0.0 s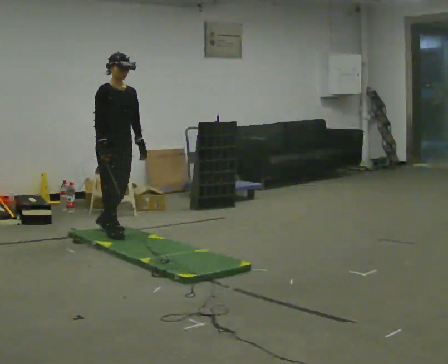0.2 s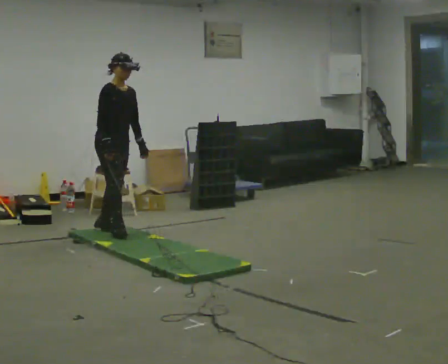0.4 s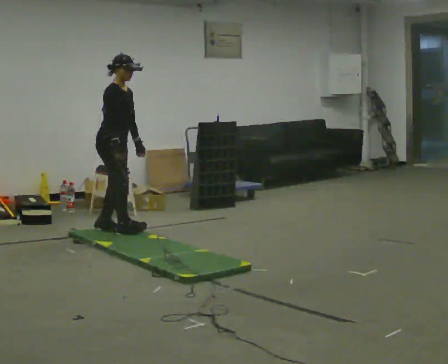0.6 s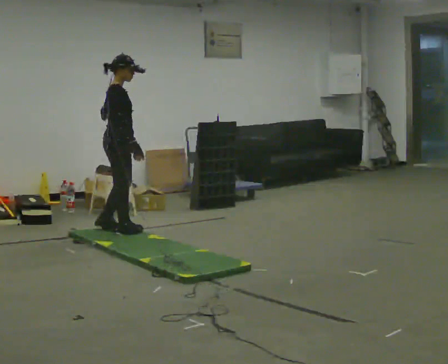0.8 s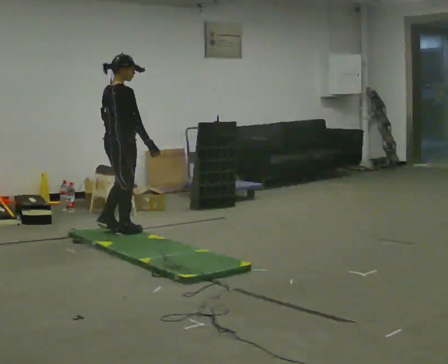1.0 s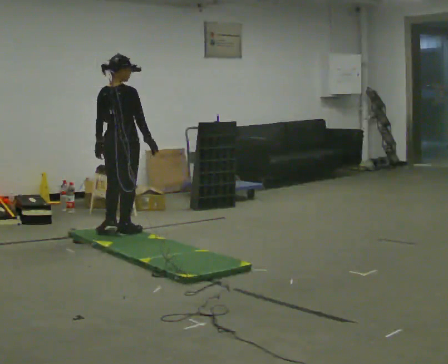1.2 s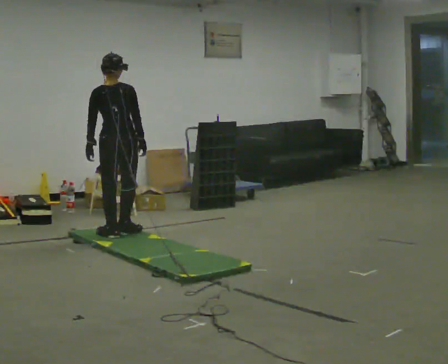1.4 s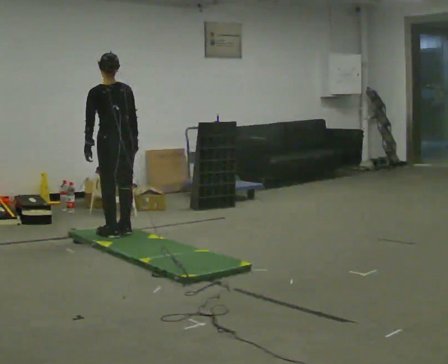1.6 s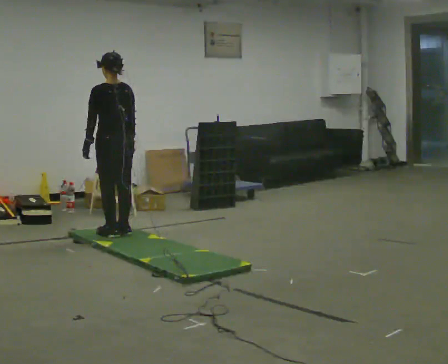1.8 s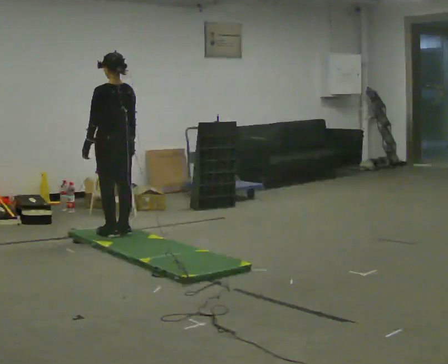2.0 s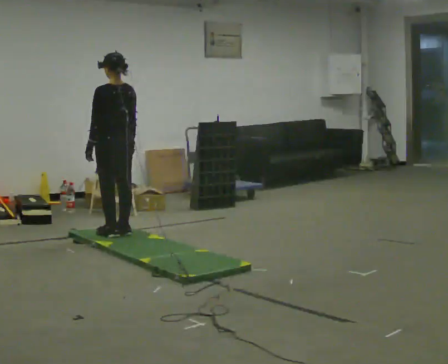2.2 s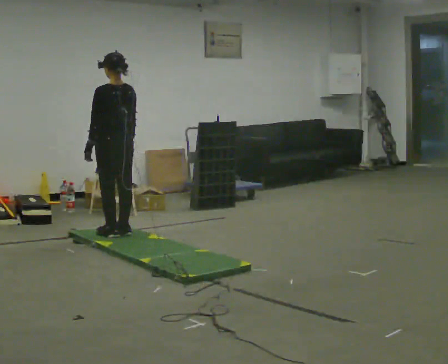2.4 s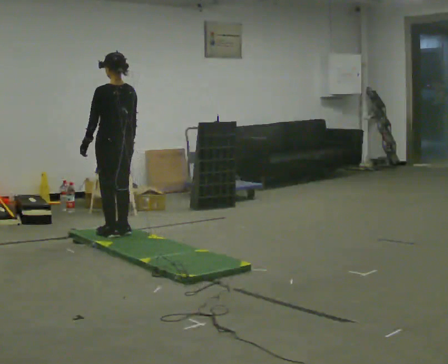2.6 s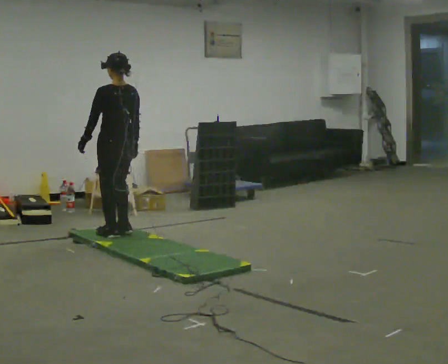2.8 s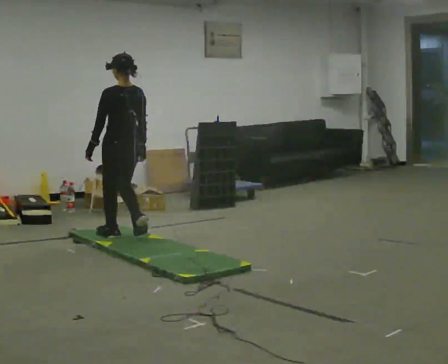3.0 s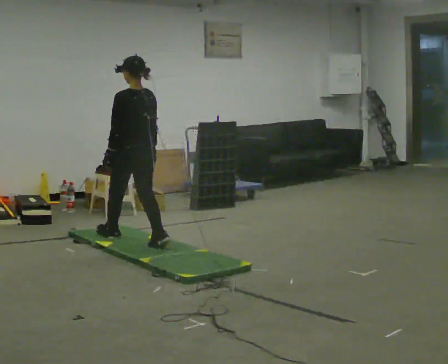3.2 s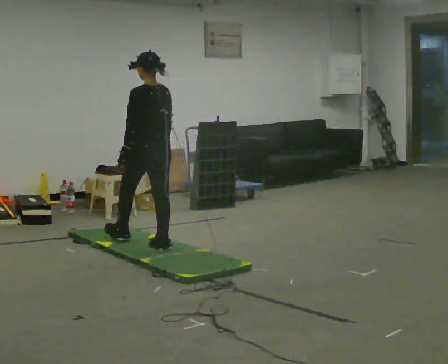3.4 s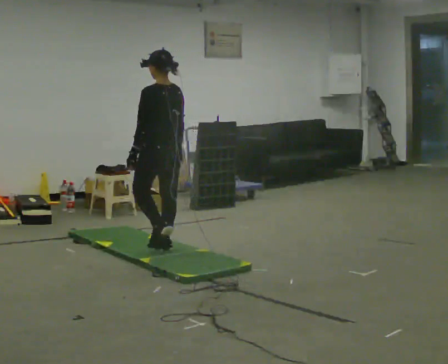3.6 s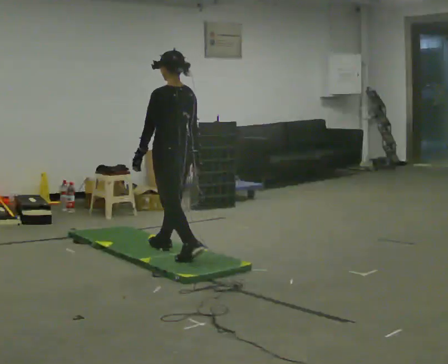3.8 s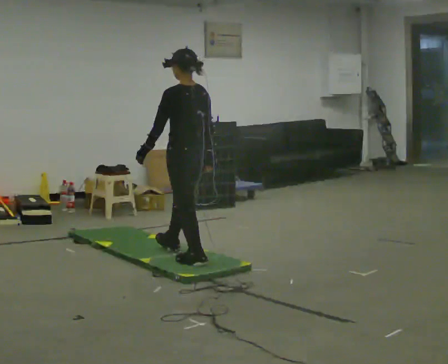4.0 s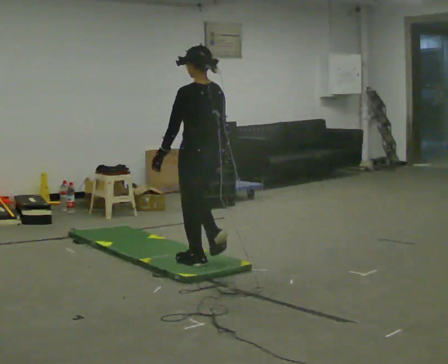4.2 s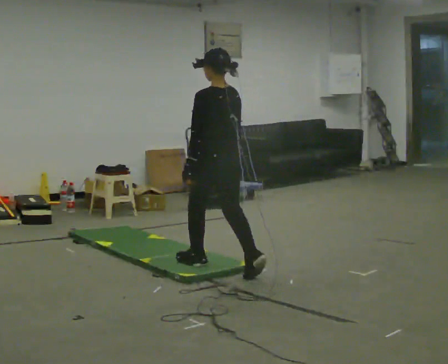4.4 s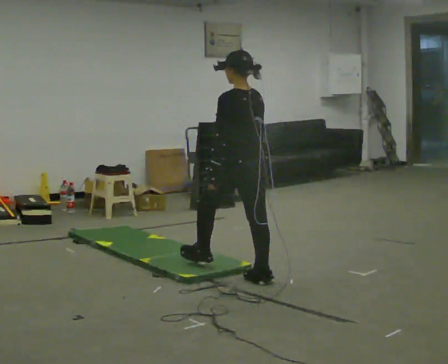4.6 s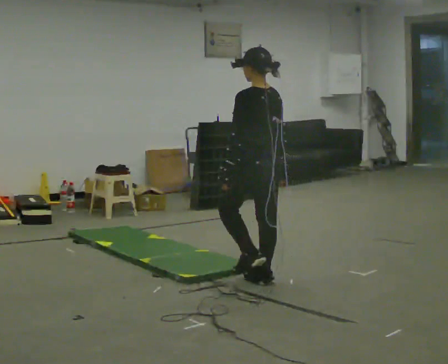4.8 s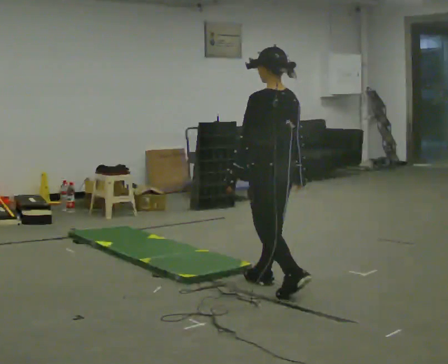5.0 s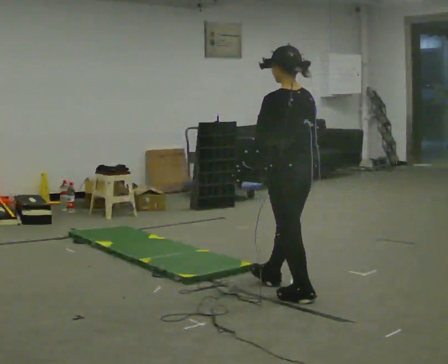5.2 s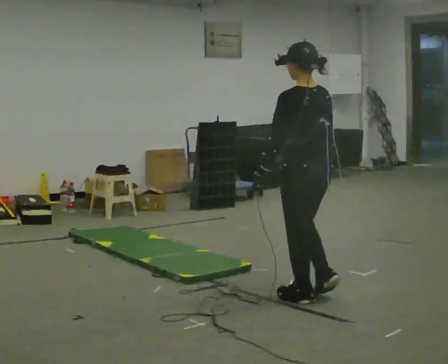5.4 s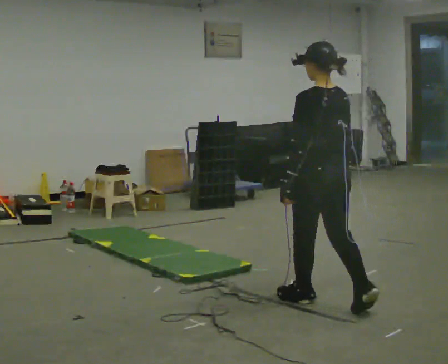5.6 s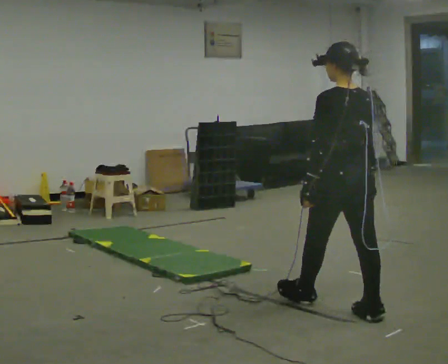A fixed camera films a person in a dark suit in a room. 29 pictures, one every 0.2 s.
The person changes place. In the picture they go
toward the camera.
The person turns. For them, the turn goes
to their left.
0.0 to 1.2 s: Seen from above the body turns counterclockwise, about 135 degrees: to their left, with its near side sliding to the right. In the picture their right hand goes to the right.
1.2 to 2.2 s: The part of the body nearest the lens slides to the right as the person turns to their left by about 30 degrees.
2.2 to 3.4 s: In the picture they go toward the camera and to the right, about 0.75 m in 2 steps, which for them is backward.
3.4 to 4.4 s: In the picture they go toward the camera and to the right, about 1 m in 2 steps, which for them is backward.
4.4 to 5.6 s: In the picture they go toward the camera and to the right, about 1 m in 1 step, which for them is backward.
The film runs backward here.
